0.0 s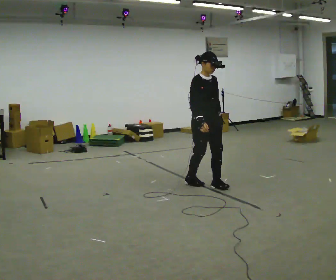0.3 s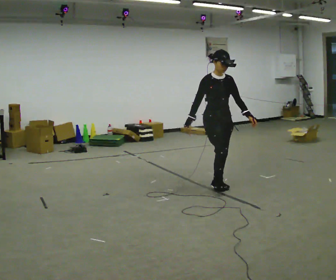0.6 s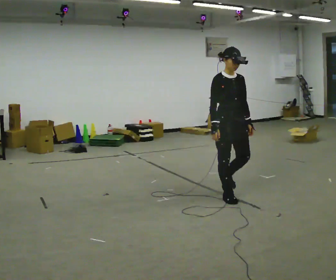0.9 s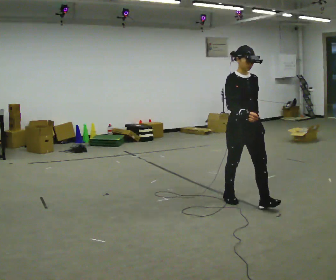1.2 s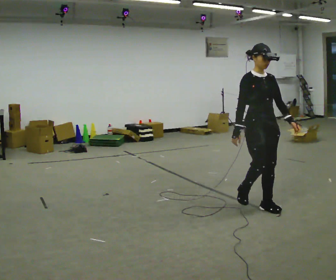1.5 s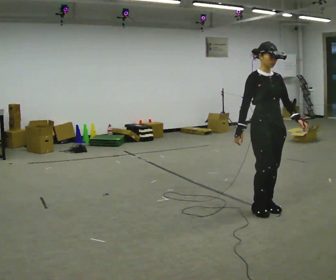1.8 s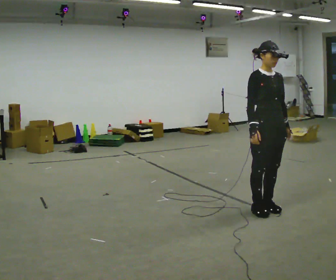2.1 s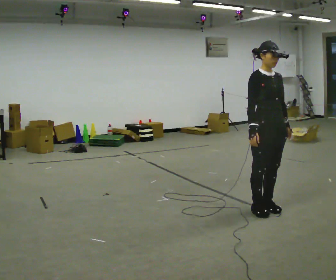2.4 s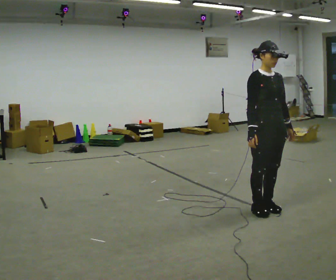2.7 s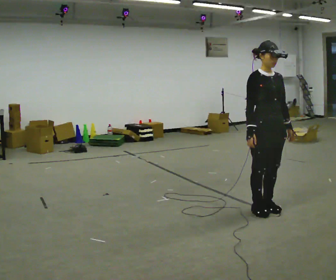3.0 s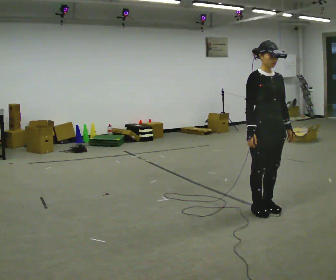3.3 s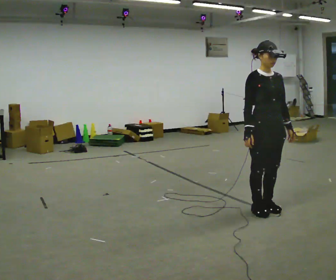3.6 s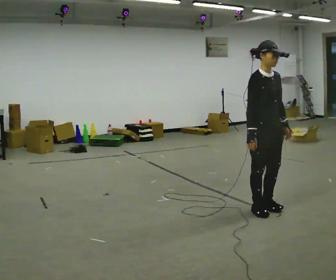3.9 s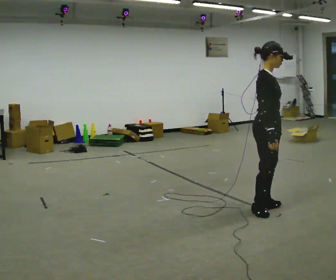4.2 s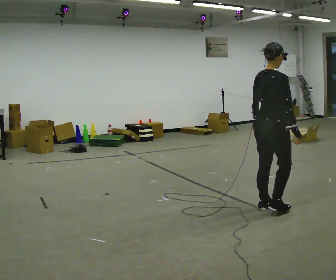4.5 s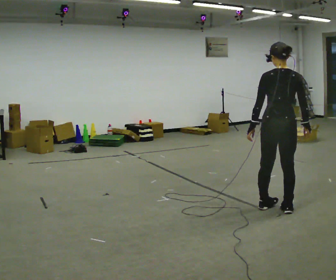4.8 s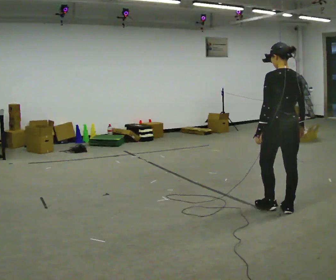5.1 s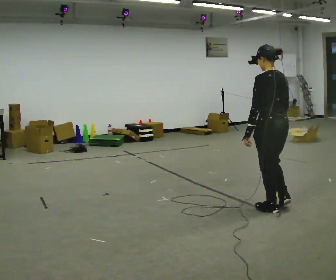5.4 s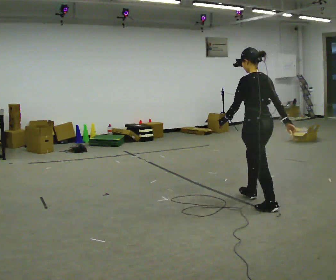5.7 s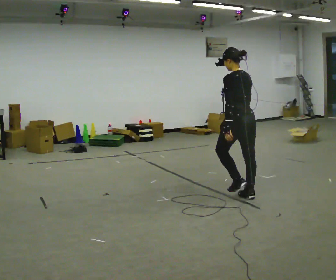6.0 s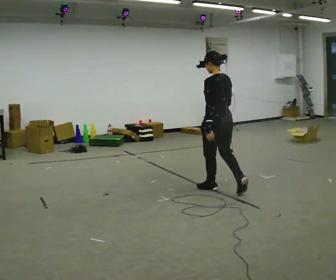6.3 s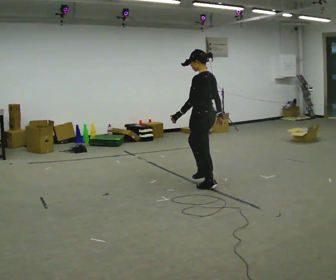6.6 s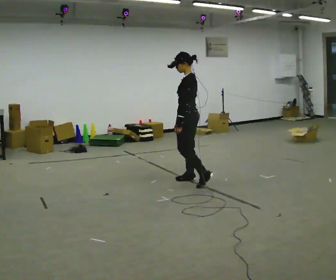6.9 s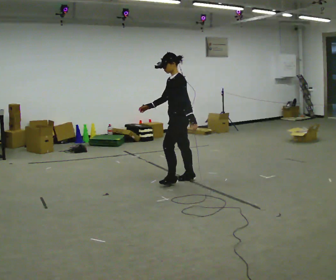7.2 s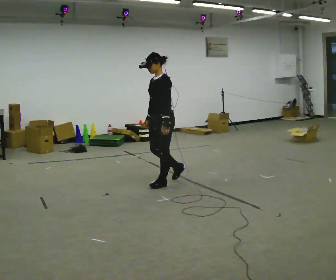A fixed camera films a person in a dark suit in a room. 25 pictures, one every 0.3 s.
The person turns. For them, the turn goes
to their left.
The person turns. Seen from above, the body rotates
counterclockwise.
0.0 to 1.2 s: In the picture they go toward the camera and to the right, about 1 m in 2 steps, which for them is forward.
1.2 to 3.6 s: The person moves a little, or ends about where they began.
3.6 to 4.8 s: The part of the body nearest the lens slides to the right as the person turns to their left by about 165 degrees. In the picture they go to the right, about 0.25 m in 1 step.
4.8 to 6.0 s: In the picture they go to the left and away from the camera, about 1 m in 2 steps, which for them is forward.
6.0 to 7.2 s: The part of the body nearest the lens slides to the right as the person turns to their left by about 75 degrees. In the picture they go to the left, about 0.75 m in 2 steps.
The film runs forward here.
